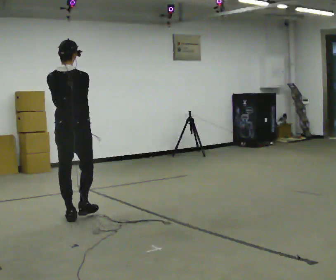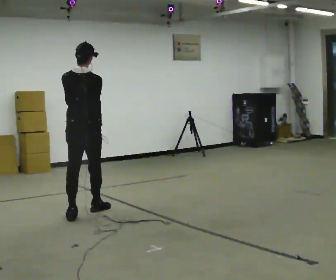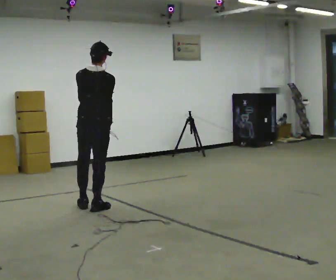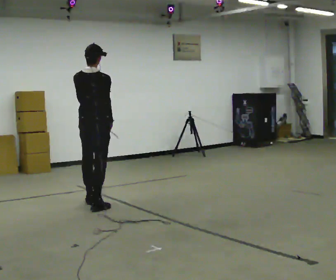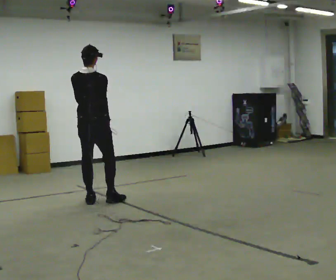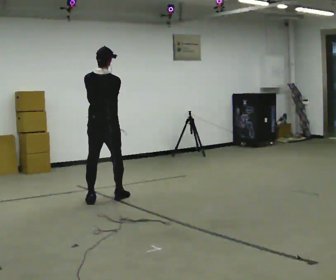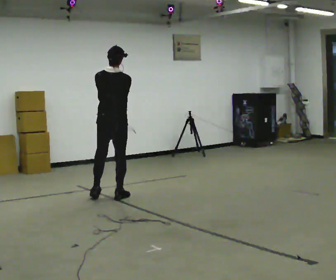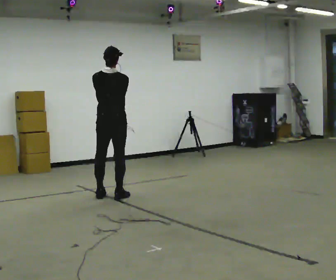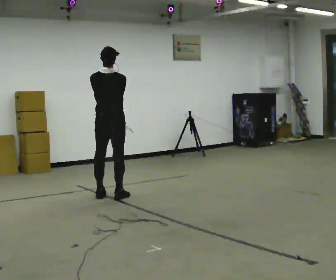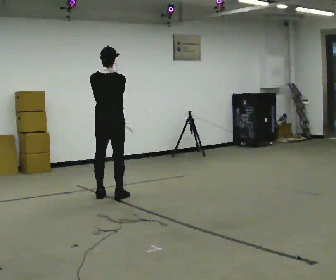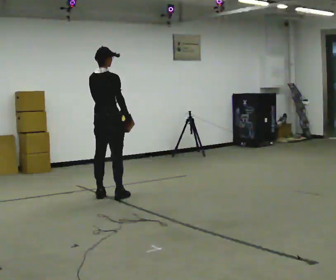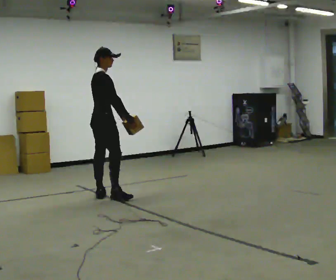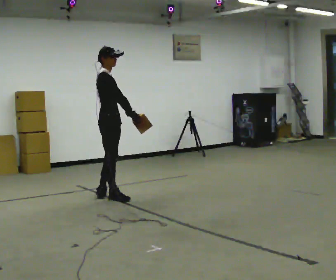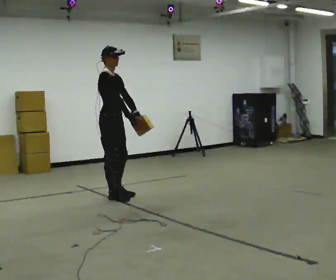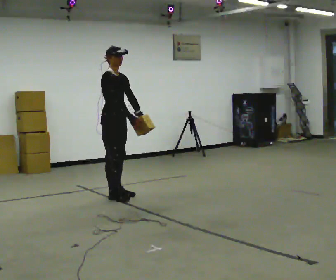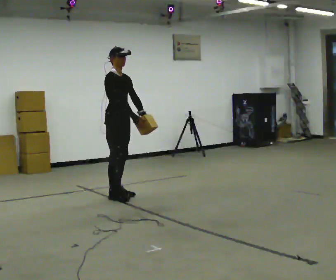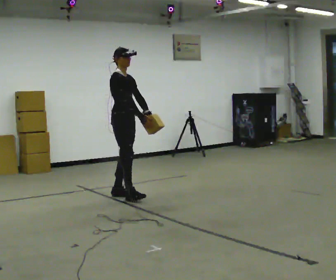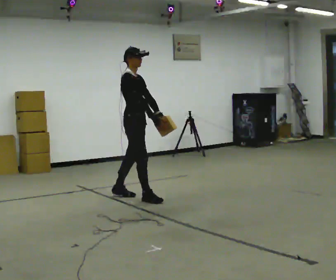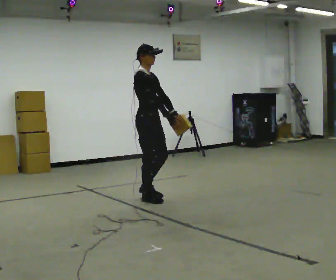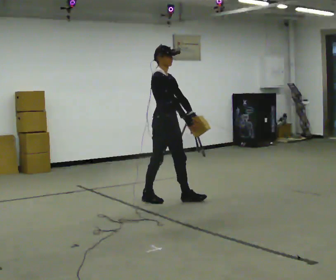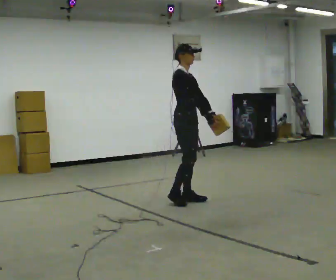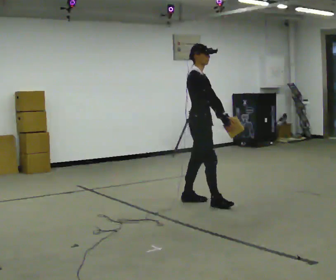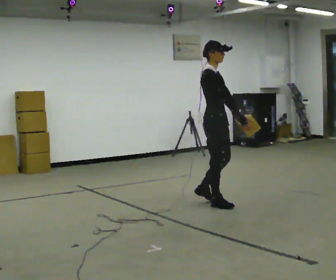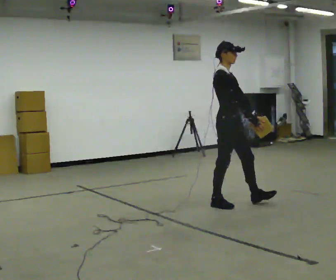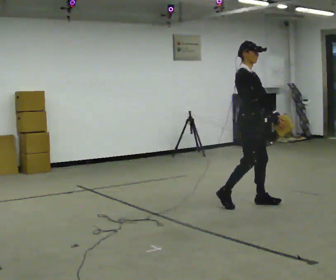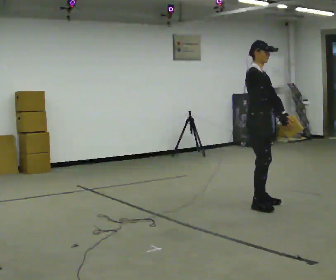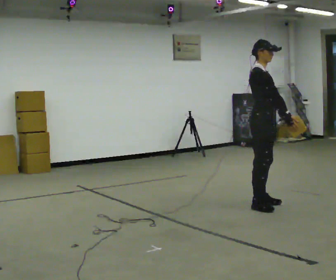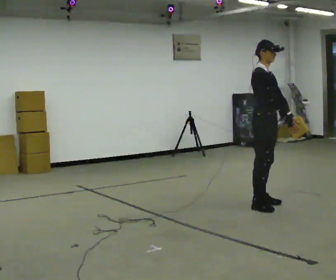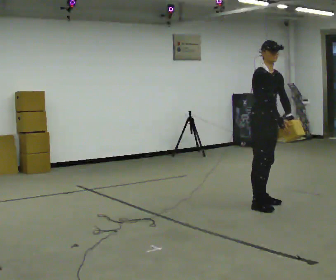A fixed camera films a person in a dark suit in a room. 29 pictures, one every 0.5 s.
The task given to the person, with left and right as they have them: Carry the light box in both hands in front of you, walking back and forth across the room. Keep walking until the operator says stop.
0.0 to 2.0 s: In the picture they go away from the camera, about 0.5 m in 2 steps, which for them is forward.
2.0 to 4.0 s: In the picture they go away from the camera and to the right, about 0.25 m in 2 steps, which for them is forward and to their right.
4.0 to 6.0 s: Seen from above the body turns clockwise, about 75 degrees: to their right, with its near side sliding to the left. In the picture their left hand goes to the right, the arm swinging counterclockwise.
6.0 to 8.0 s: Seen from above the body turns clockwise, about 30 degrees: to their right, with its near side sliding to the left. In the picture they go to the right, about 0.25 m in 1 step, which for them is to their left.
8.0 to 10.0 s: In the picture they go to the right and toward the camera, about 1 m in 2 steps, which for them is forward.
10.0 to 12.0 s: In the picture they go to the right and toward the camera, about 0.5 m in 2 steps, which for them is forward.
12.0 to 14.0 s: The person moves a little, or ends about where they began.
The film runs forward here.
